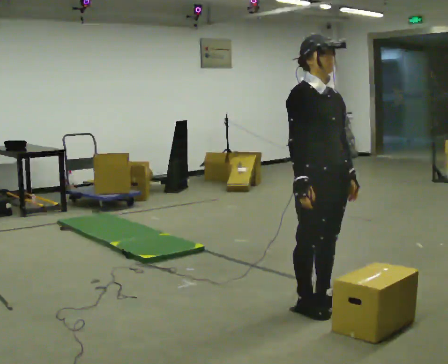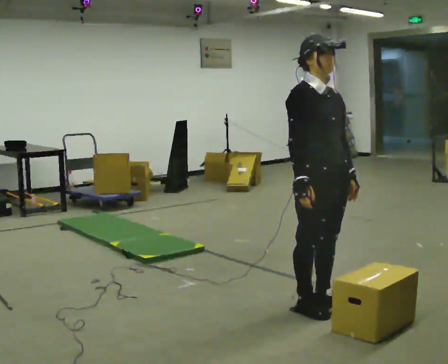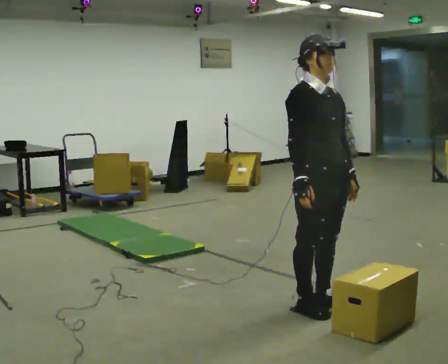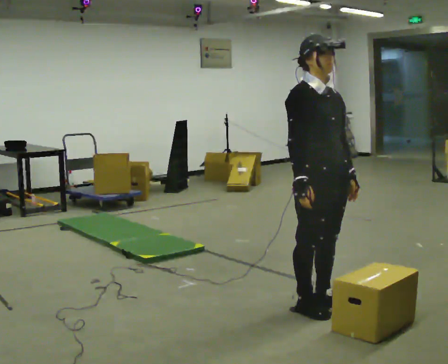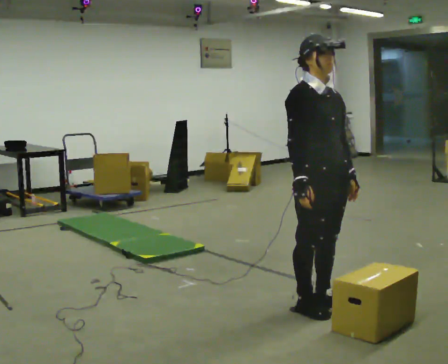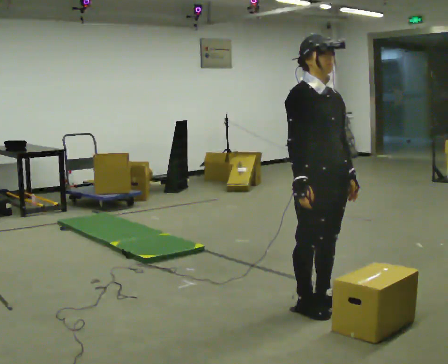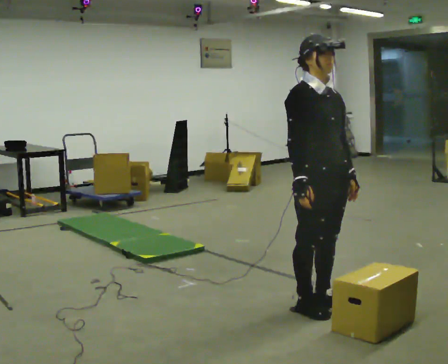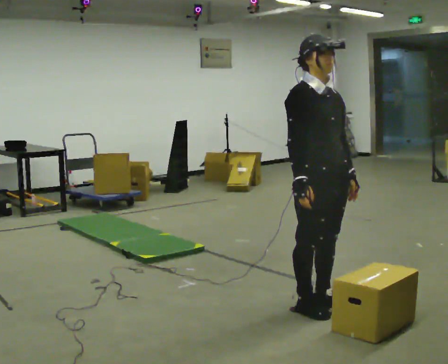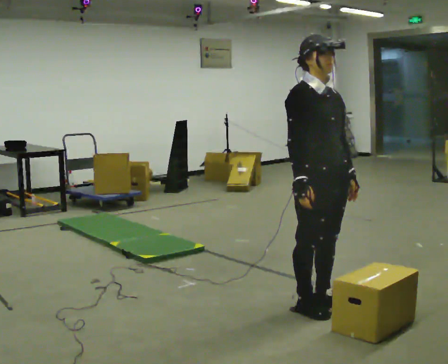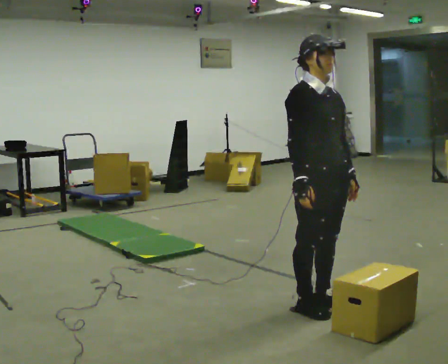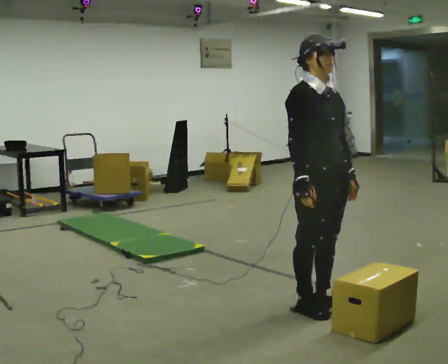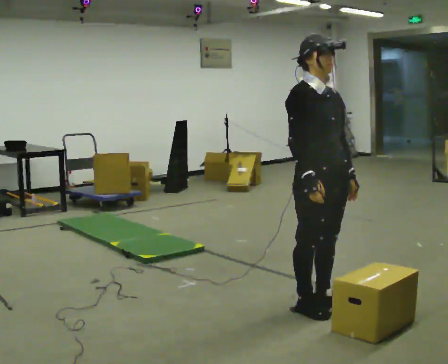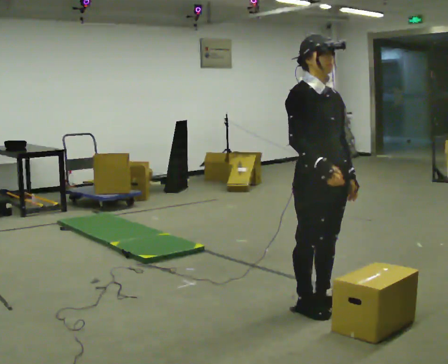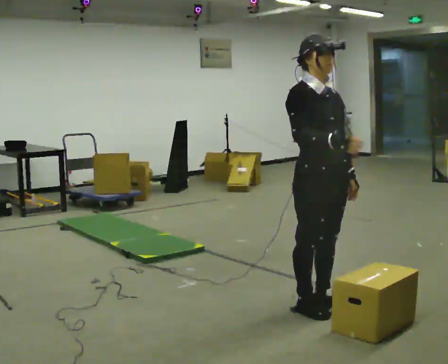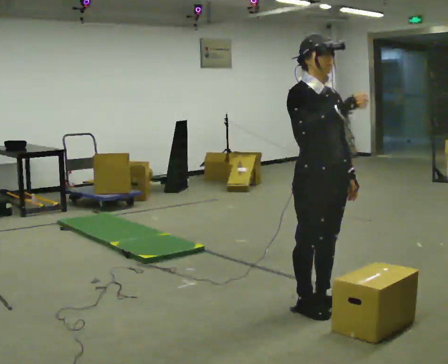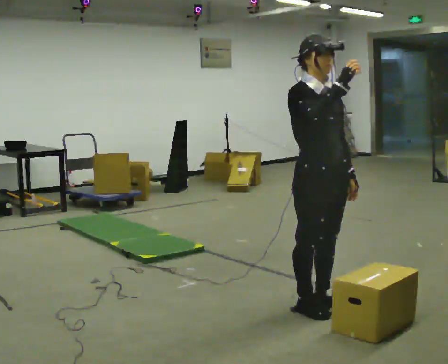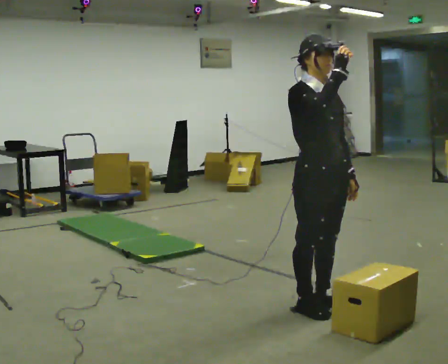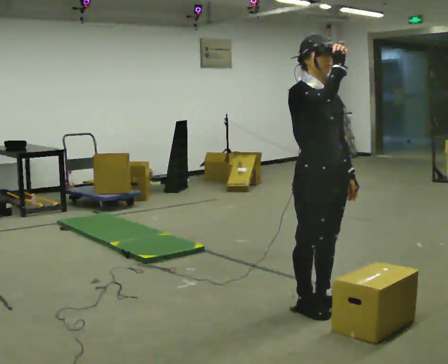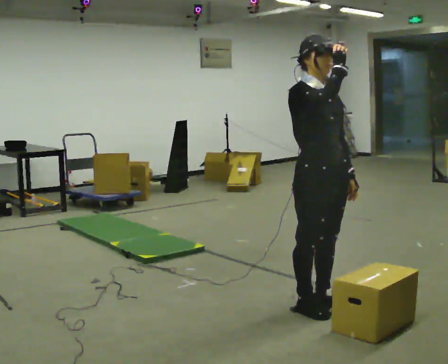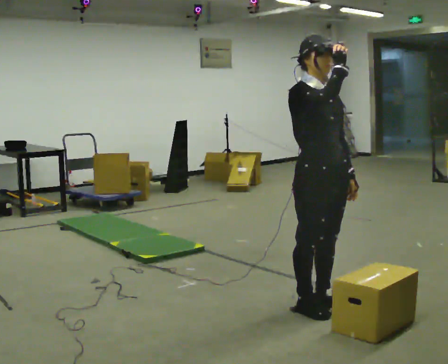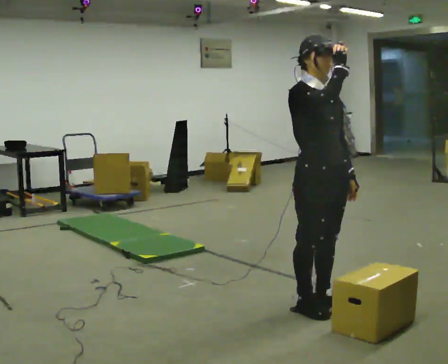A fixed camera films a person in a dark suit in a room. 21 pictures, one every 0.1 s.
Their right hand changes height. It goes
upward.
0.0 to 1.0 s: The person moves a little, or ends about where they began.
1.0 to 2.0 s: In the picture their right hand goes upward.
The film runs forward here.
